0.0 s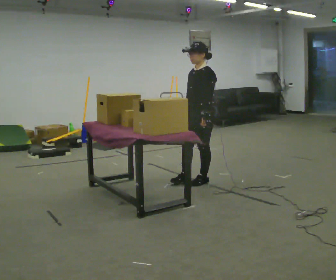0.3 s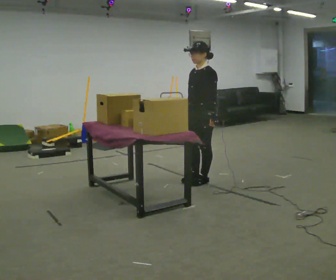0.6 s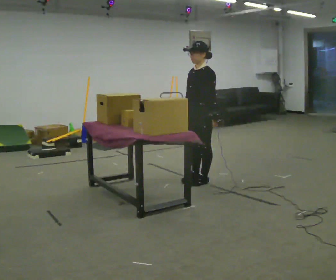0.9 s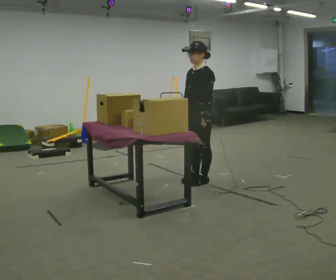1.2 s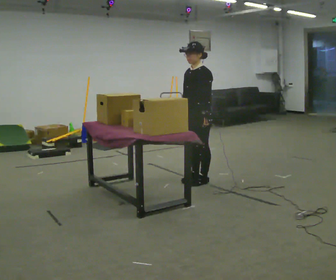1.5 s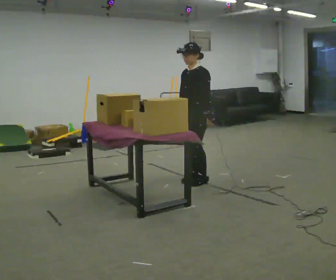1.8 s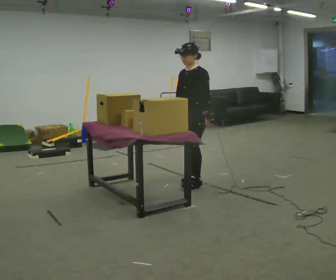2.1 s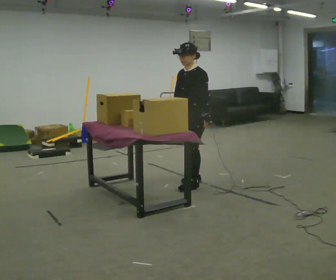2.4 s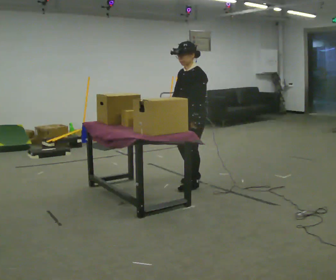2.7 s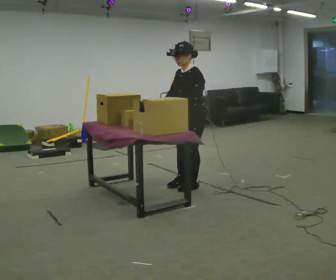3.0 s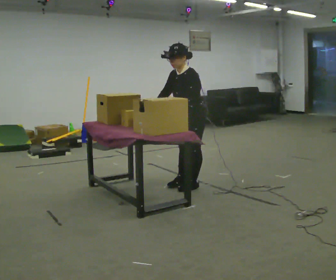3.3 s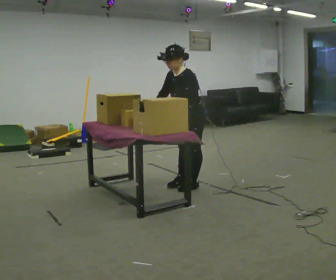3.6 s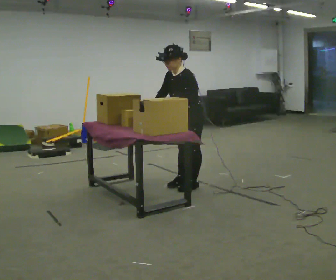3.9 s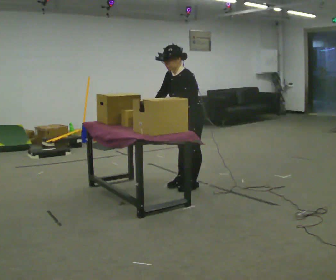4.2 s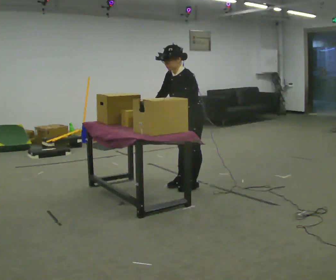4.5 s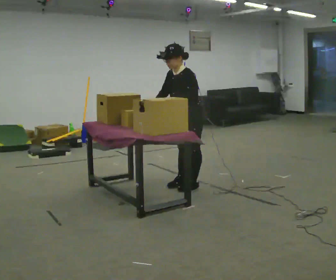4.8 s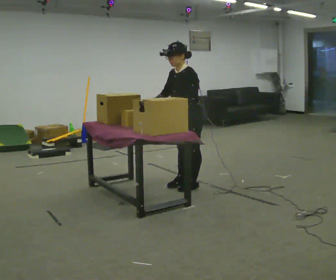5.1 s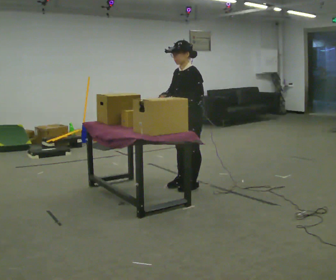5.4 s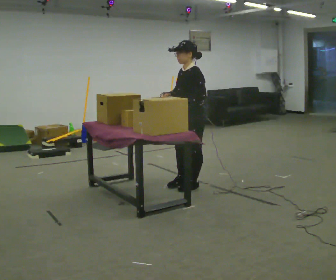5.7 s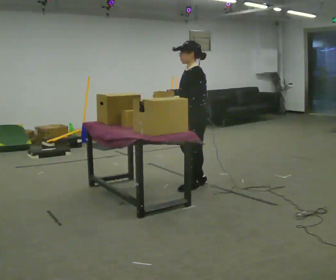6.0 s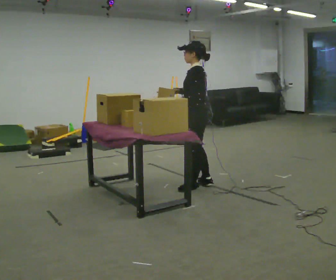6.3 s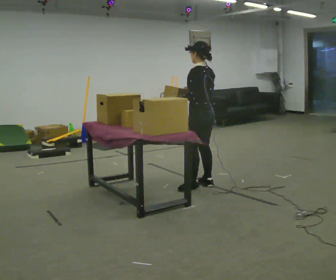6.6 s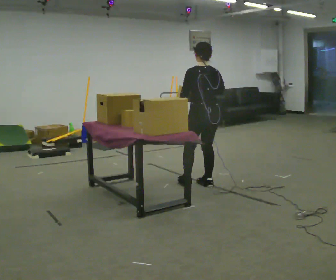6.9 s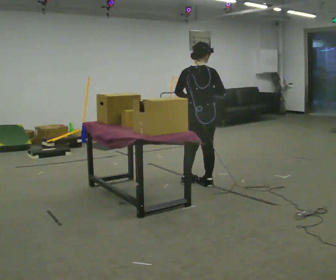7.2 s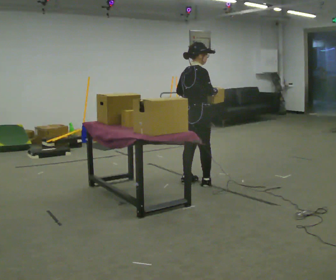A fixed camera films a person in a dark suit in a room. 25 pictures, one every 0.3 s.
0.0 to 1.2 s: The person moves a little, or ends about where they began.
1.2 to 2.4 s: In the picture they go toward the camera, about 0.25 m in 1 step, which for them is forward.
2.4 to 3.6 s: In the picture the upper body tilts counterclockwise, shoulders to the left, as they bend forward.
3.6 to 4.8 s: The person moves a little, or ends about where they began.
4.8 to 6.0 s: The person turns about 45 degrees to their right, clockwise seen from above, so the part of the body nearest the lens slides to the left.
6.0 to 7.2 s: The person turns about 135 degrees to their right, clockwise seen from above, so the part of the body nearest the lens slides to the left.
The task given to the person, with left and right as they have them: Carry the object over and fit it into the gap between the two boxes already on the shelf, without touching either of them. Keep going until the operator says stop; one object at a time, and do not rush between trips.
The film runs forward here.
